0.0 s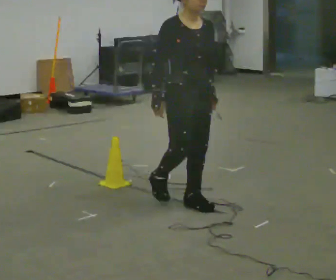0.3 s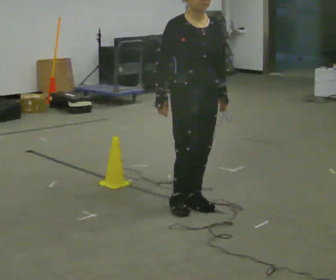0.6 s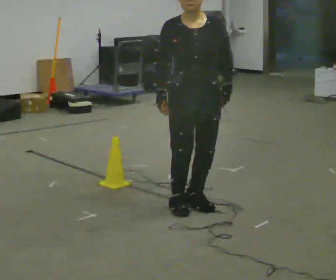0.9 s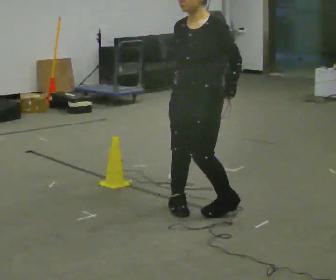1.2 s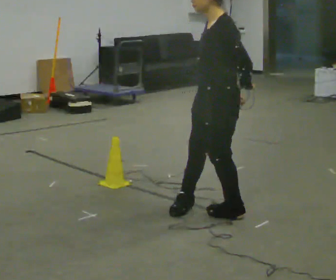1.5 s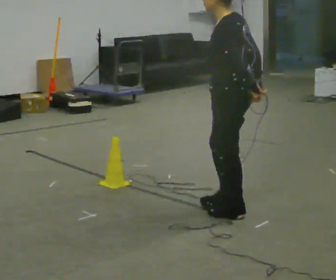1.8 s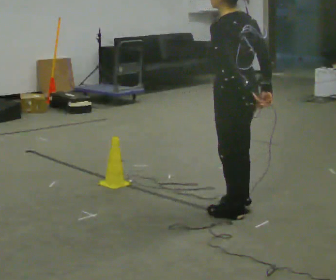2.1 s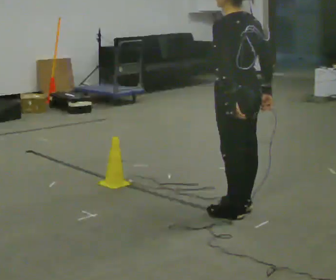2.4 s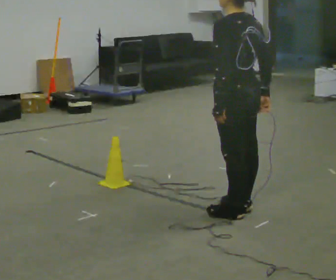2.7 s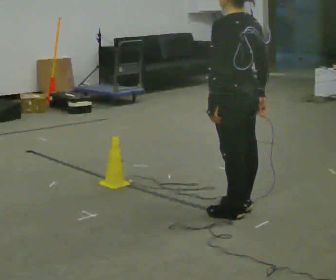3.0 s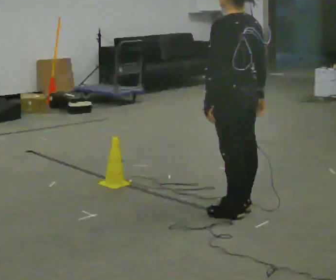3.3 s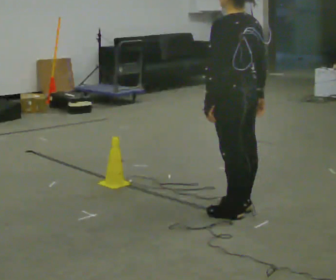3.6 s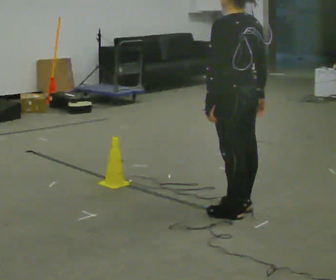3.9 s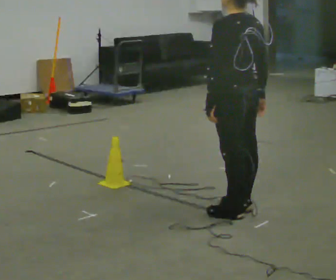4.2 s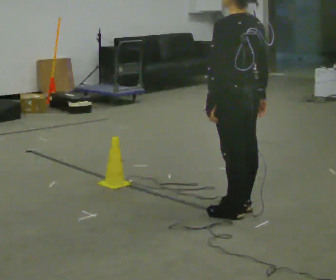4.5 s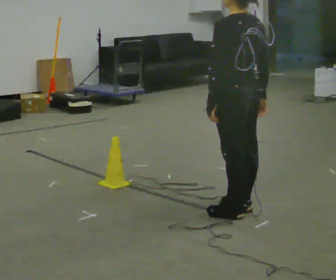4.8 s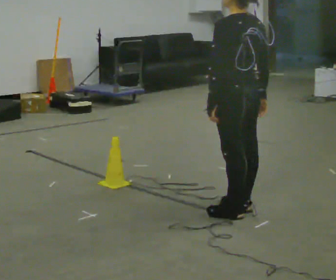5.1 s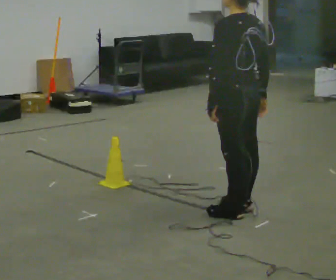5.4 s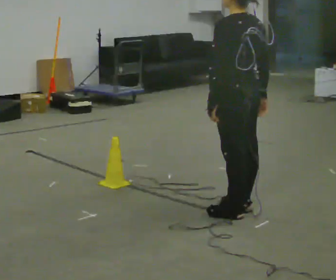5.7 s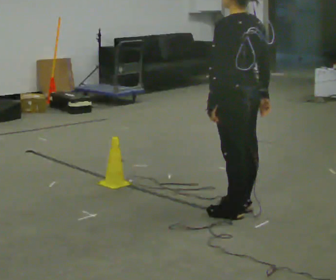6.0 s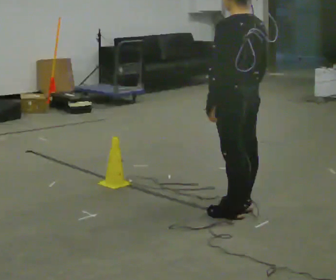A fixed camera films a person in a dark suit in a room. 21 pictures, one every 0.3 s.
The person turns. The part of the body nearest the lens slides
to the left.
The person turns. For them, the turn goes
to their right.
0.0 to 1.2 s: Seen from above the body turns clockwise, about 120 degrees: to their right, with its near side sliding to the left. In the picture they go to the right and toward the camera, about 0.25 m in 2 steps.
1.2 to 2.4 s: The part of the body nearest the lens slides to the left as the person turns to their right by about 45 degrees.
2.4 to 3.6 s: The person moves a little, or ends about where they began.
3.6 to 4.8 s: The person keeps their place and pose.
4.8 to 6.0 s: The person moves a little, or ends about where they began.
The film runs forward here.
